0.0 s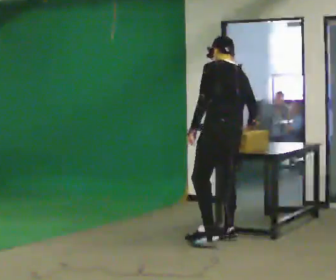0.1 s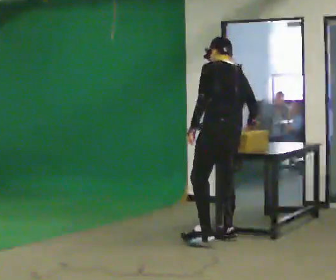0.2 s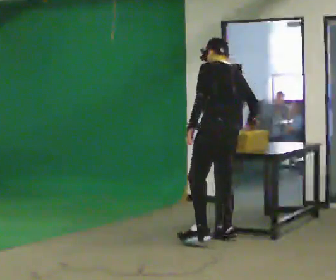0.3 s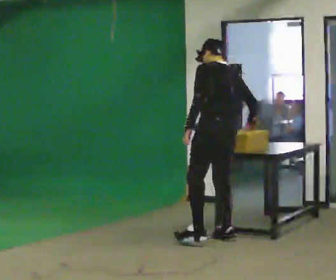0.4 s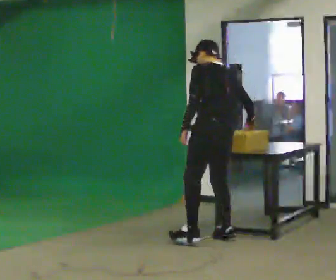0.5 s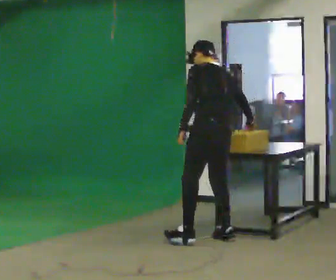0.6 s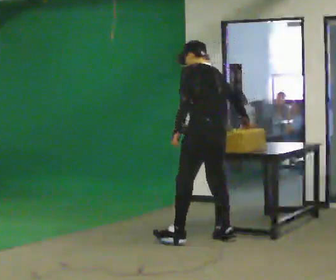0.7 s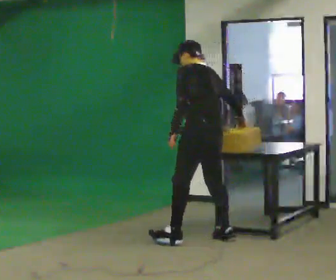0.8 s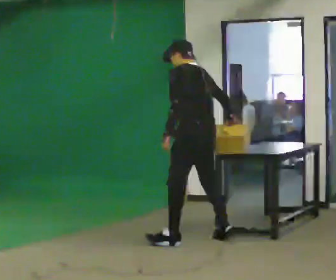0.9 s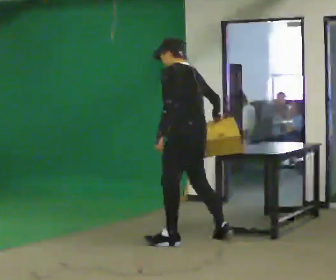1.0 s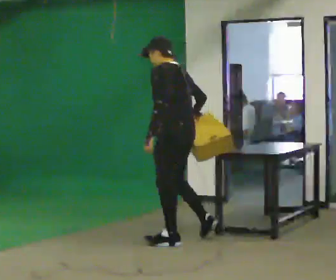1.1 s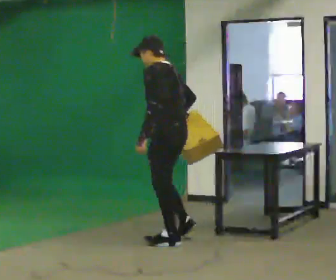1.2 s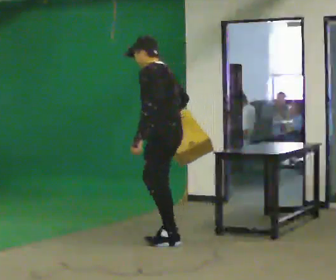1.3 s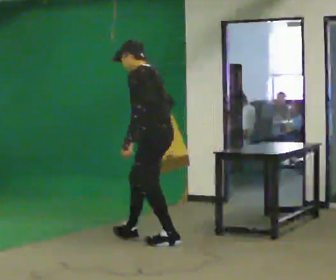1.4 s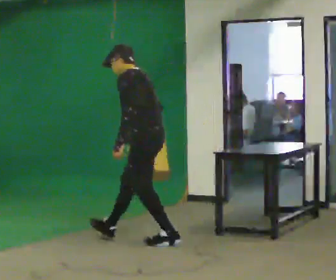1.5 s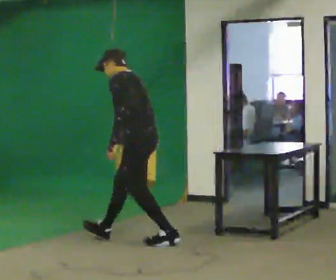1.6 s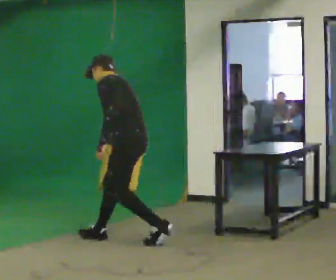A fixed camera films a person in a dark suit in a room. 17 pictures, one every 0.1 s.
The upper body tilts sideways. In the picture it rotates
counterclockwise.
0.0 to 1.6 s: The person turns about 30 degrees to their left, counterclockwise seen from above, so the part of the body nearest the lens slides to the right. In the picture they go to the left, about 1 m in 2 steps, which for them is forward and to their left. In the picture the upper body tilts counterclockwise, shoulders to the left.
The film runs forward here.
